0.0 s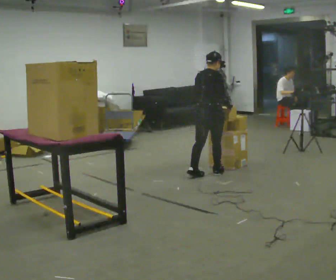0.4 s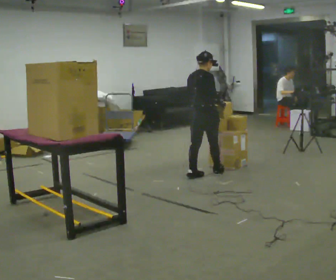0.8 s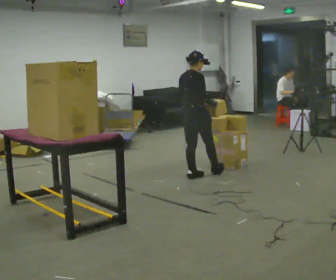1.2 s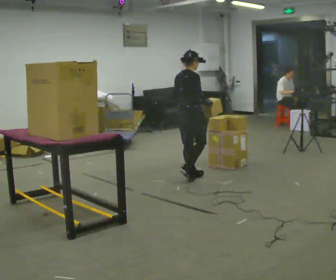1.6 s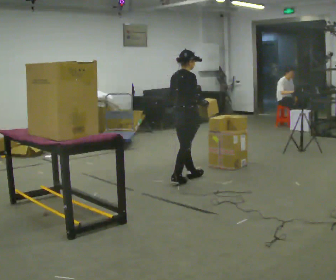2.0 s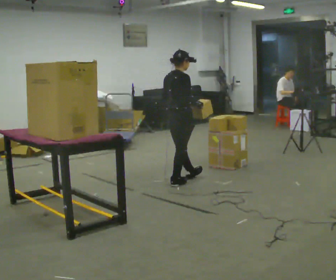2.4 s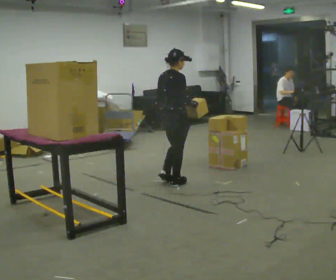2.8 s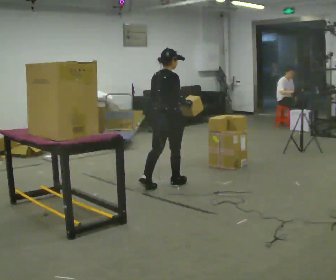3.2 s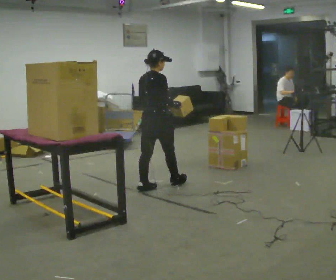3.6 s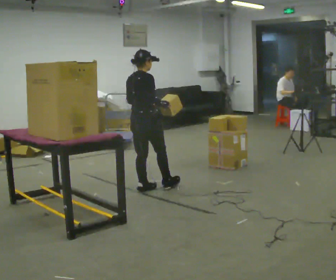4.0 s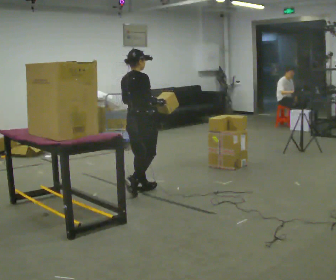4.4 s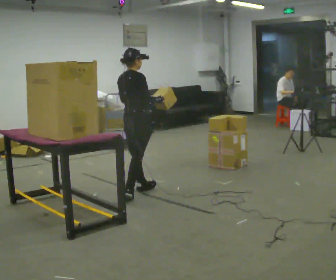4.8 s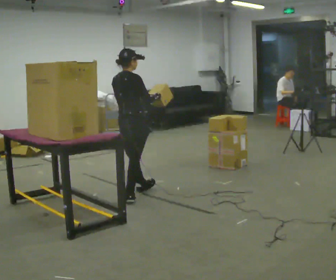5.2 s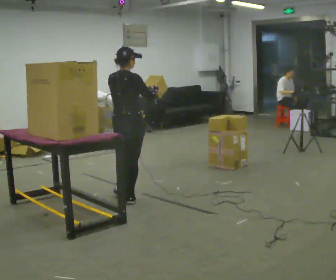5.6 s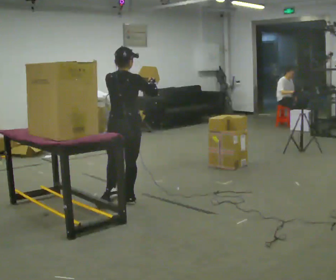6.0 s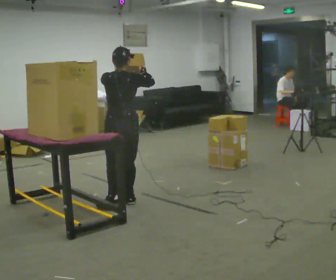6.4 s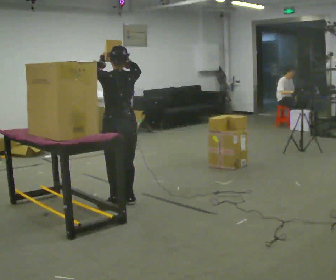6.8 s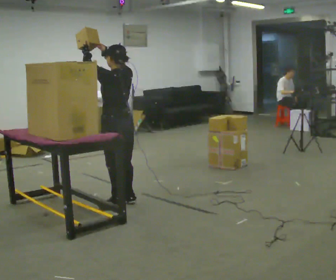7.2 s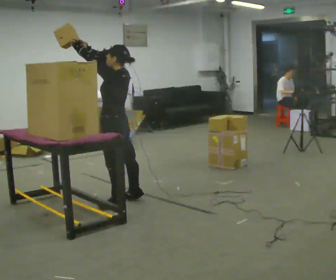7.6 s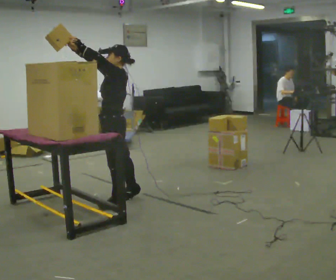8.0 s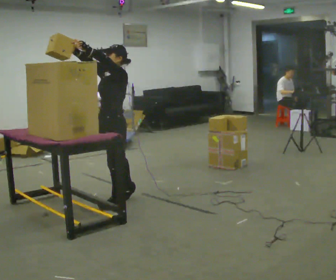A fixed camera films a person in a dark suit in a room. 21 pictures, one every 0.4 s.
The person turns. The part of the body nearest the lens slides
to the right.
The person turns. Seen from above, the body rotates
counterclockwise.
0.0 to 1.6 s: In the picture they go to the left and toward the camera, about 0.25 m in 1 step, which for them is backward.
1.6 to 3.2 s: In the picture they go to the left and toward the camera, about 0.5 m in 1 step, which for them is backward.
3.2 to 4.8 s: In the picture they go toward the camera and to the left, about 0.25 m in 1 step, which for them is backward.
4.8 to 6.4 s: The part of the body nearest the lens slides to the right as the person turns to their left by about 60 degrees. In the picture they go toward the camera, about 0.25 m in 1 step, which for them is backward. In the picture their right hand goes upward.
6.4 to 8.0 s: The person turns about 105 degrees to their left, counterclockwise seen from above, so the part of the body nearest the lens slides to the right.
The film runs backward here.
